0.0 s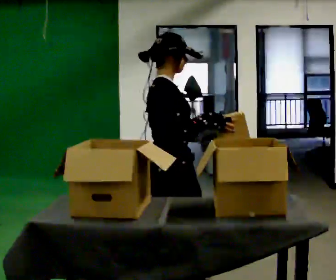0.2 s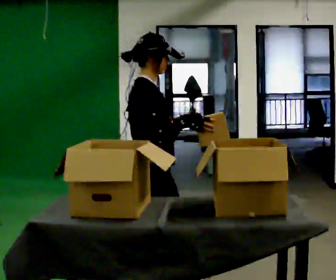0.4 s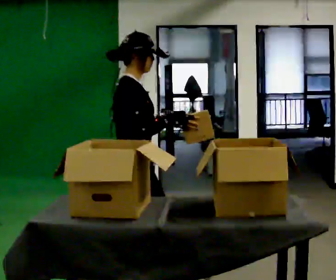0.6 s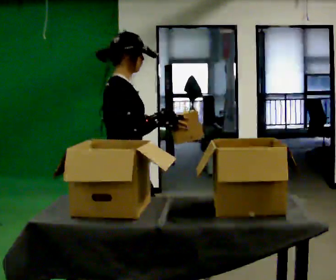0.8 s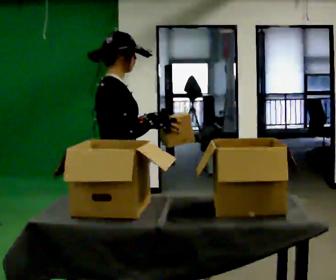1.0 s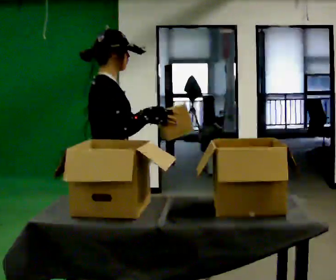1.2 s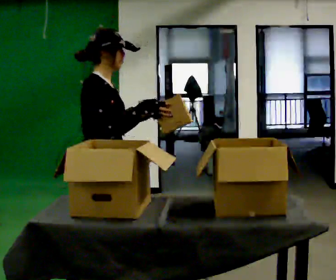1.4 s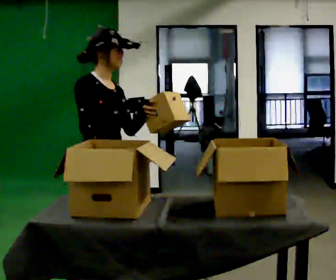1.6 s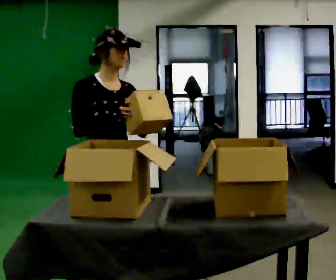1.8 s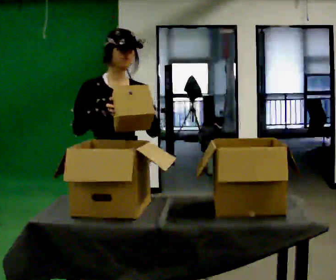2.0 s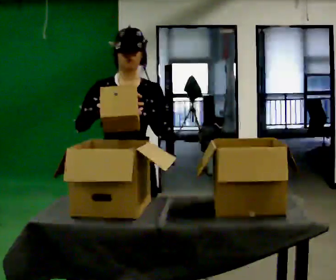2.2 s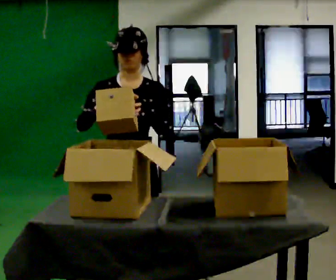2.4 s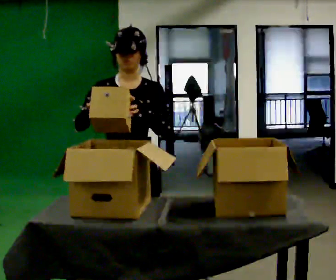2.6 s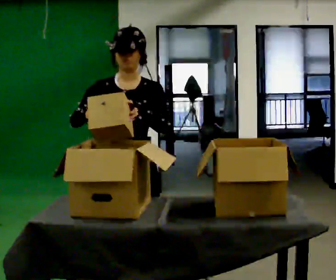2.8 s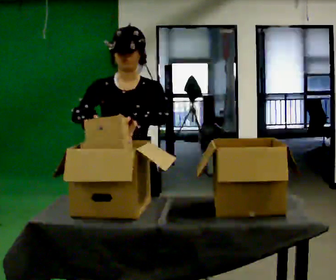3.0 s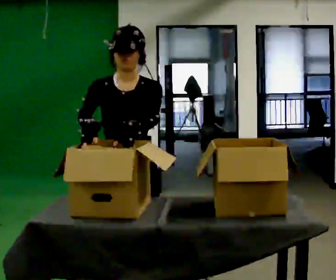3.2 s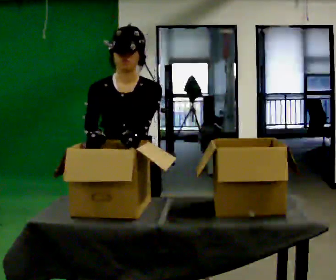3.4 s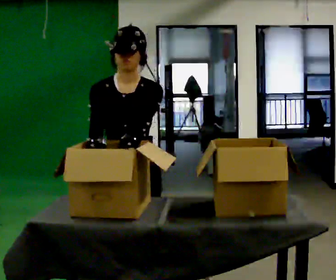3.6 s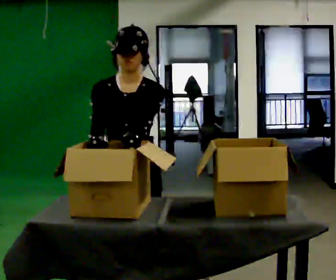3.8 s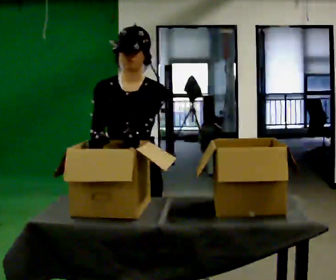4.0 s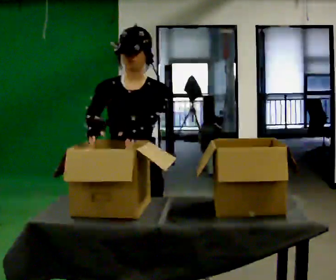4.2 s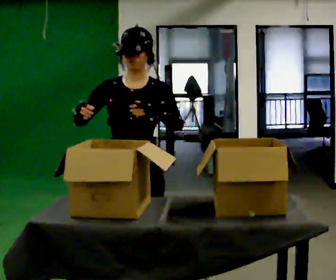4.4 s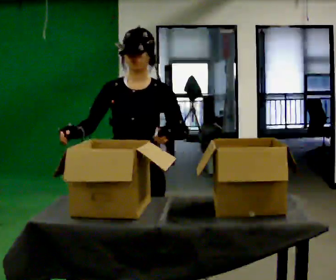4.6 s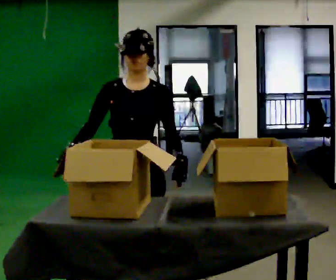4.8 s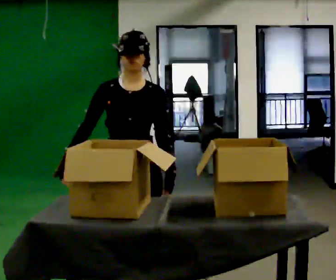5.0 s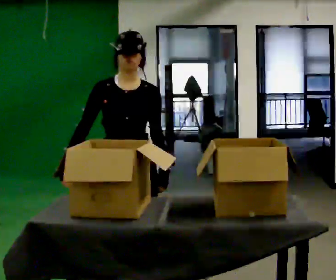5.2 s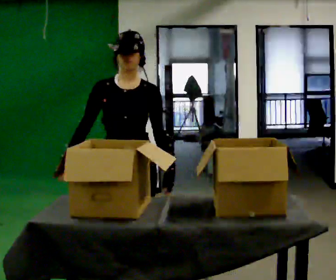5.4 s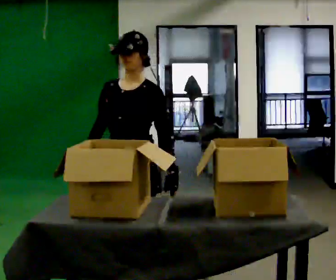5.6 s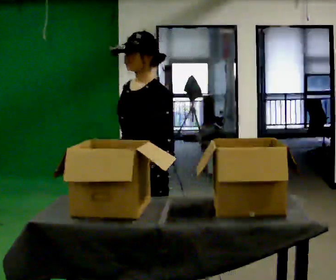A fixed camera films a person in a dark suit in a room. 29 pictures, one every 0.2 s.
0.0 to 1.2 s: In the picture they go to the left, about 0.5 m in 1 step, which for them is backward.
1.2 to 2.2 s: The person turns about 90 degrees to their right, clockwise seen from above, so the part of the body nearest the lens slides to the left. In the picture they go to the right, about 0.25 m in 1 step.
2.2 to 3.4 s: The upper body tips toward the camera, its near side rolling downward, as they bend forward.
3.4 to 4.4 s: The person moves a little, or ends about where they began.
4.4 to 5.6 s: The part of the body nearest the lens slides to the left as the person turns to their right by about 45 degrees. In the picture they go away from the camera, about 0.25 m in 2 steps, which for them is backward.
The film runs backward here.
